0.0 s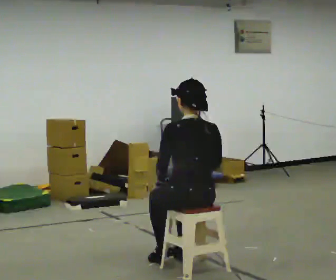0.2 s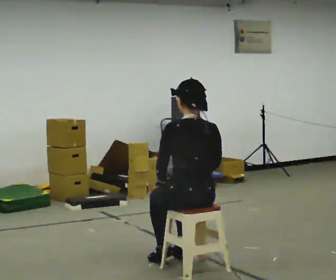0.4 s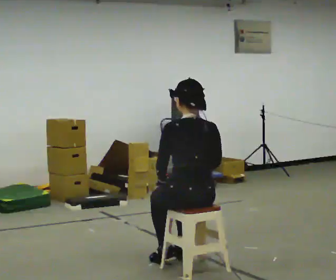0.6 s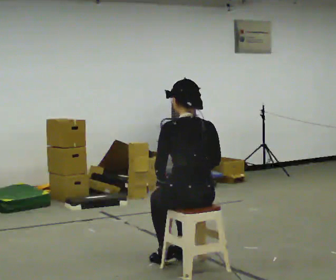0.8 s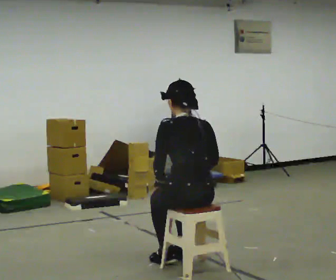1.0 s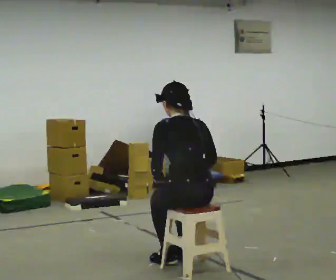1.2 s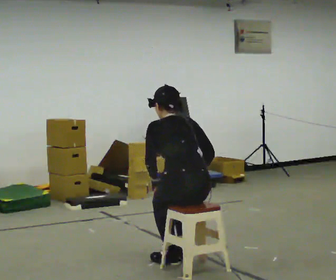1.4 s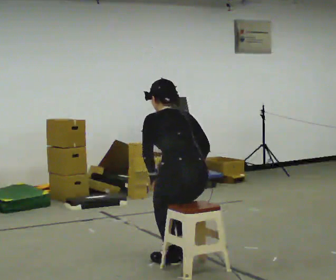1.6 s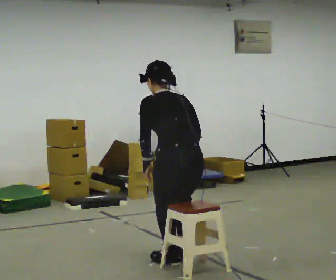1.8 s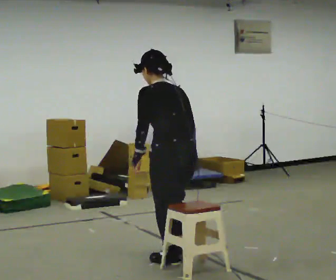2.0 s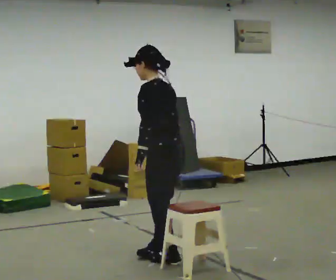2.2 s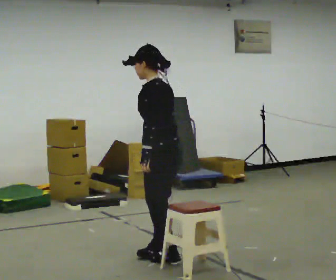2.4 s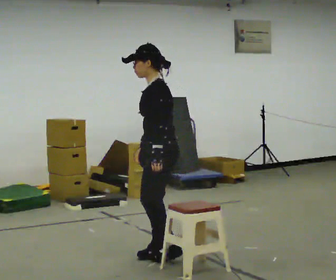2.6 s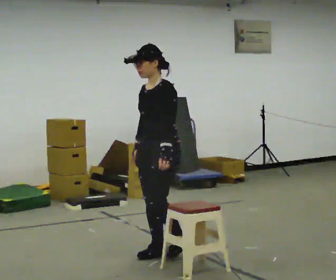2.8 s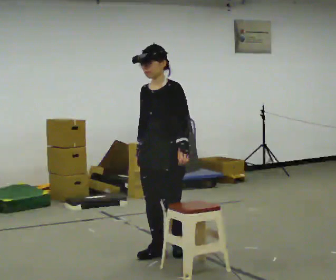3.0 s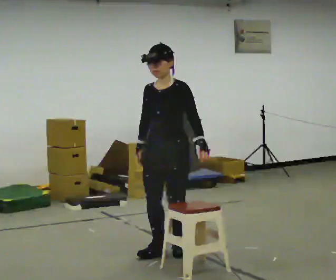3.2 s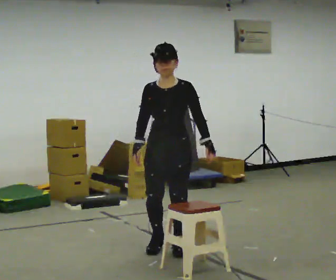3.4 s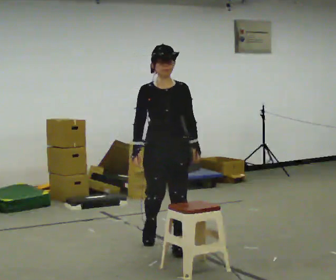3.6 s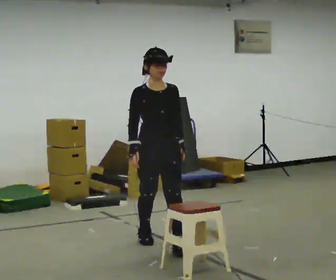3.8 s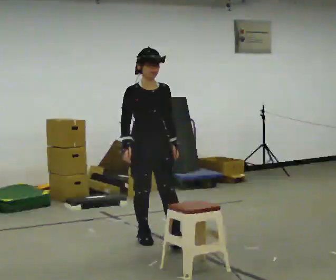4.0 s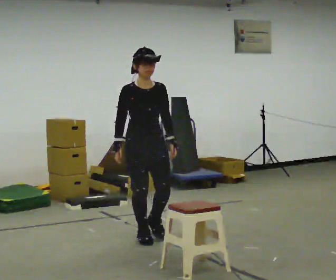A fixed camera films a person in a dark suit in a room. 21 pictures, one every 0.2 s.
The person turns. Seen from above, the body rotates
counterclockwise.
The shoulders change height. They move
upward.
0.0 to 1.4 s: The upper body tips away from the camera, its near side rolling upward, as they bend forward.
1.4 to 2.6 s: Seen from above the body turns counterclockwise, about 105 degrees: to their left, with its near side sliding to the right. In the picture they go away from the camera and to the left, about 0.5 m in 2 steps. The upper body goes upward. The upper body tips toward the camera, its near side rolling downward, as they lean back or straighten.
2.6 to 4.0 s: The part of the body nearest the lens slides to the right as the person turns to their left by about 75 degrees. In the picture they go away from the camera, about 0.5 m in 2 steps.
The film runs backward here.
